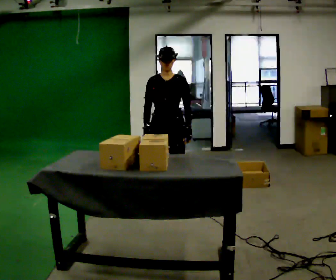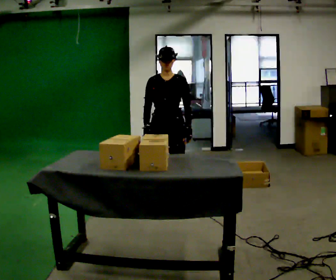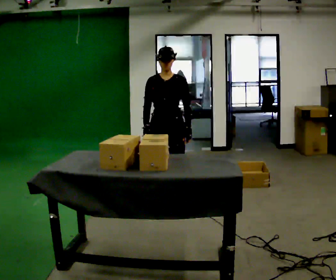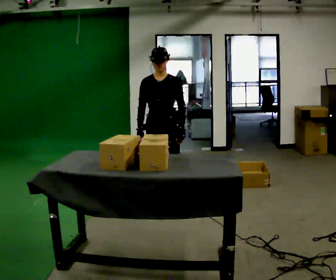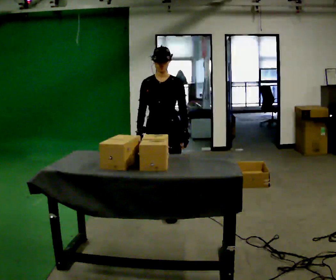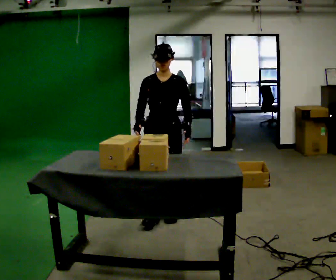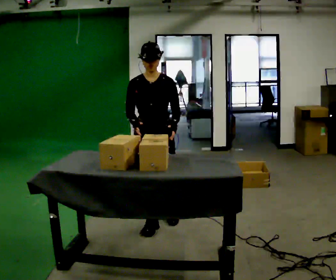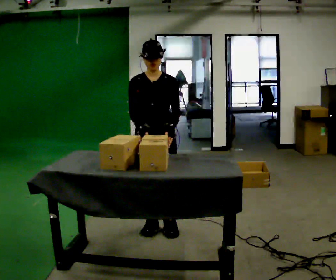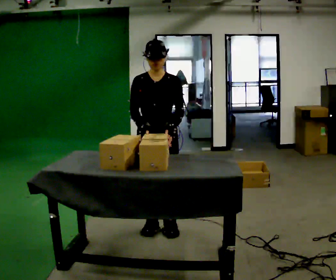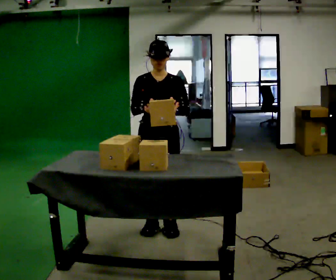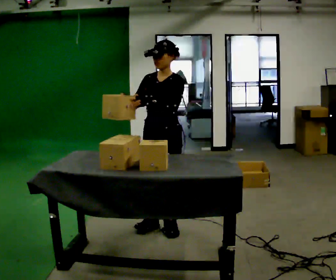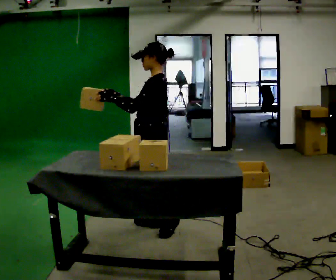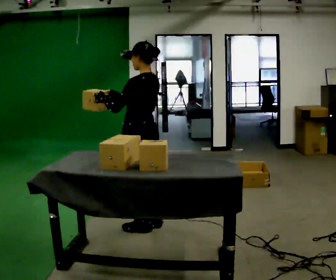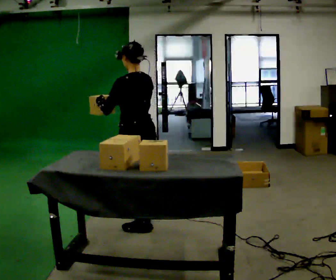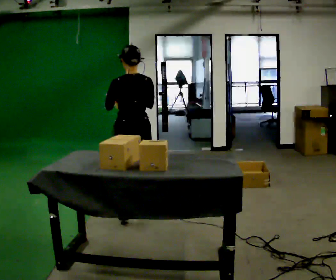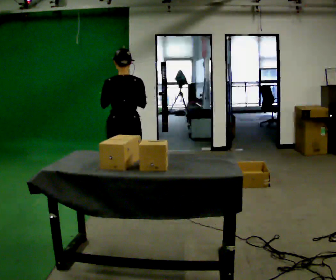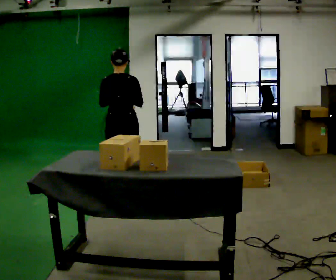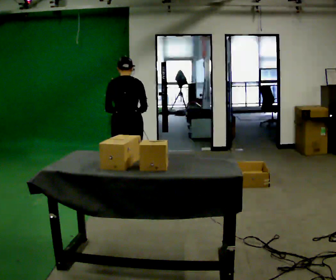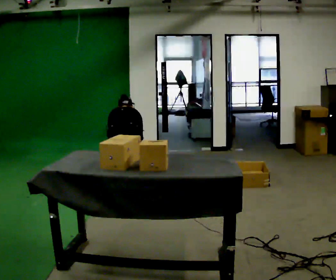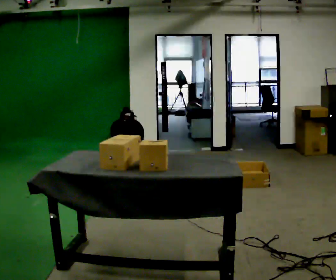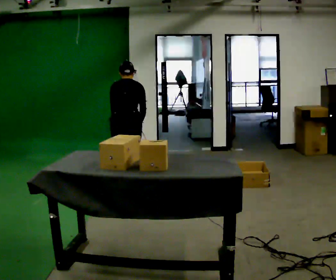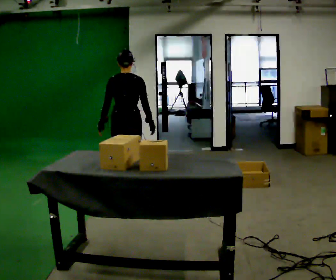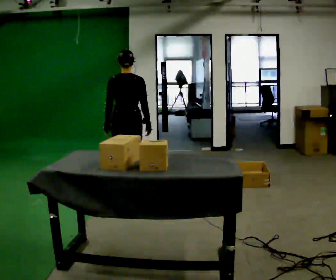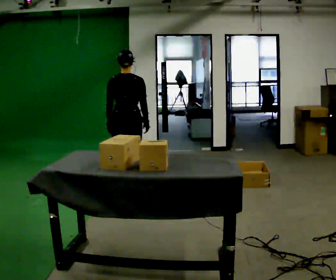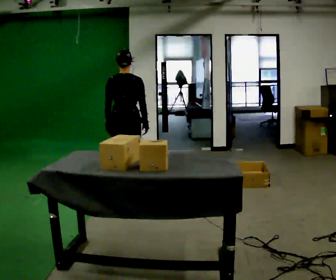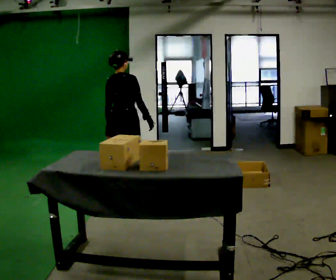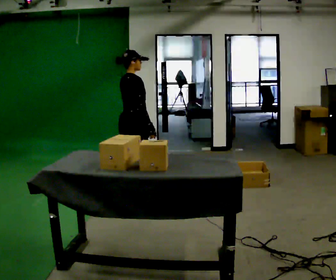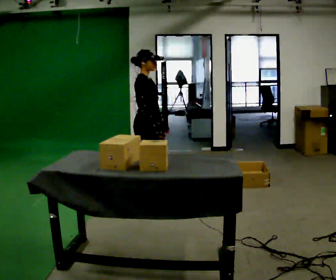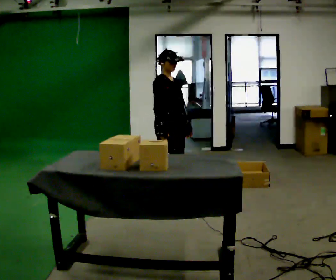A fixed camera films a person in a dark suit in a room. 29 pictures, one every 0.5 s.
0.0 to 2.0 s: In the picture they go toward the camera, about 0.25 m in 1 step, which for them is forward.
2.0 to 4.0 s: In the picture they go toward the camera, about 0.5 m in 2 steps, which for them is forward.
4.0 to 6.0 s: Seen from above the body turns clockwise, about 105 degrees: to their right, with its near side sliding to the left. In the picture their left hand goes to the left.
6.0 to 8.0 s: The part of the body nearest the lens slides to the left as the person turns to their right by about 60 degrees. In the picture they go away from the camera, about 0.5 m in 2 steps.
8.0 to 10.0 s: In the picture they go away from the camera, about 0.25 m in 2 steps, which for them is forward.
10.0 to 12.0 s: The upper body tips toward the camera, its near side rolling downward, as they lean back or straighten.
12.0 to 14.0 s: The part of the body nearest the lens slides to the left as the person turns to their right by about 120 degrees. In the picture they go to the right and toward the camera, about 0.5 m in 1 step.
The film runs forward here.
